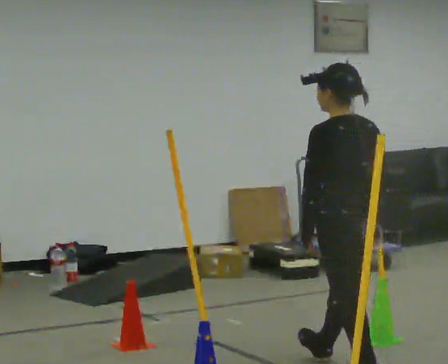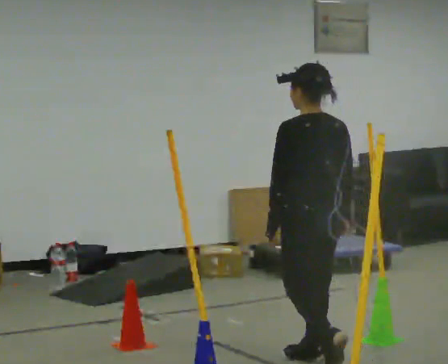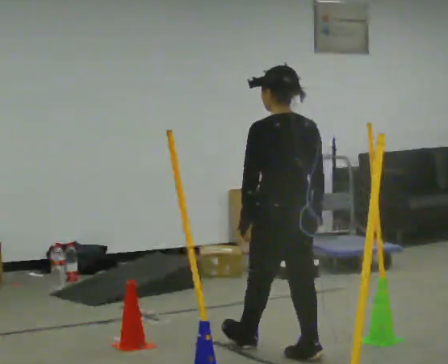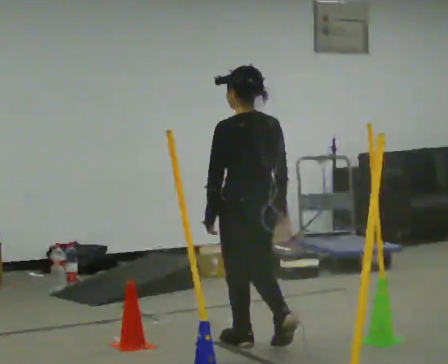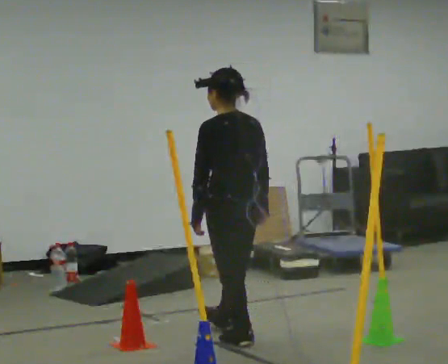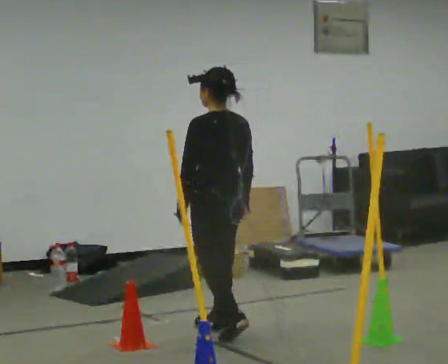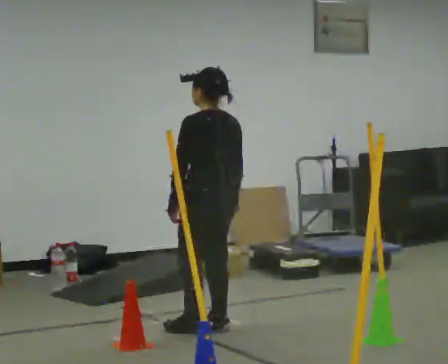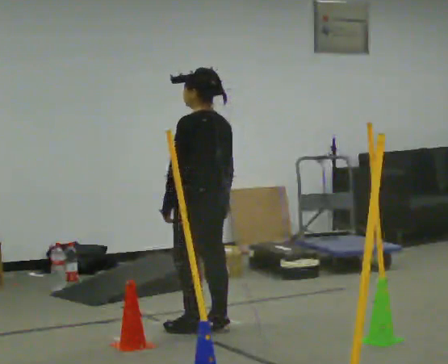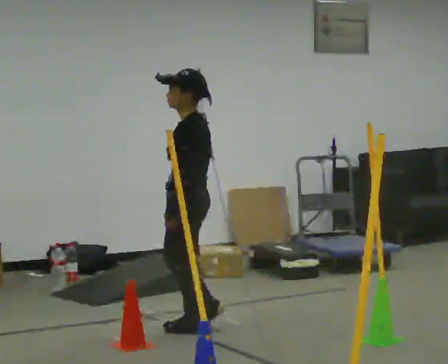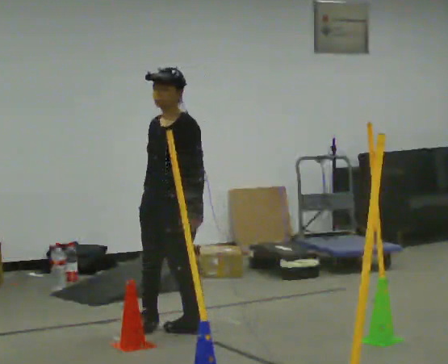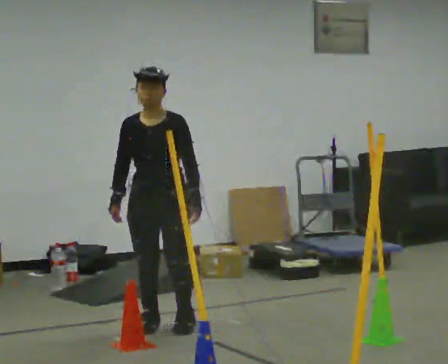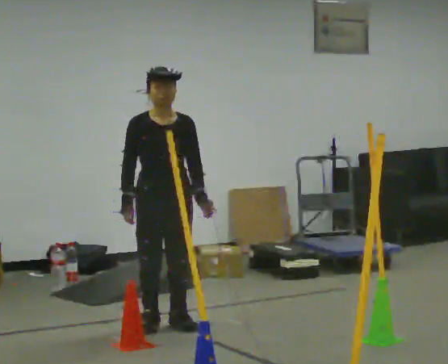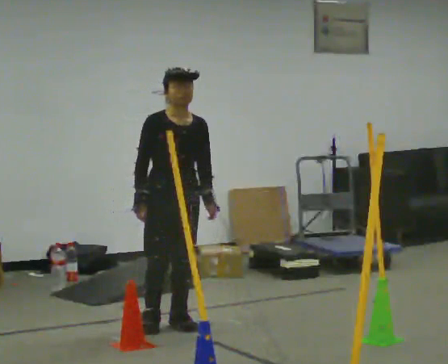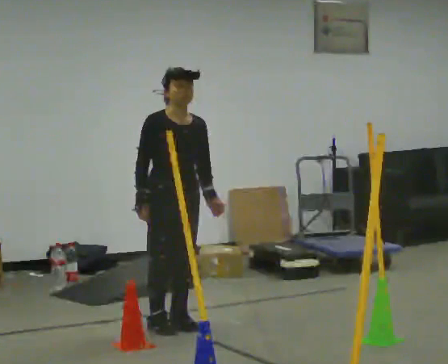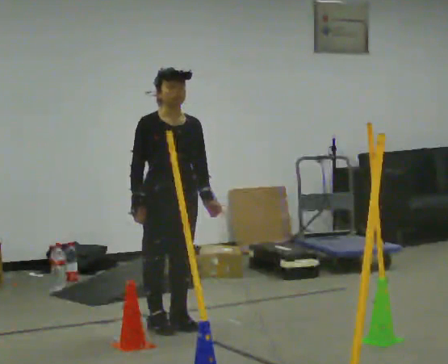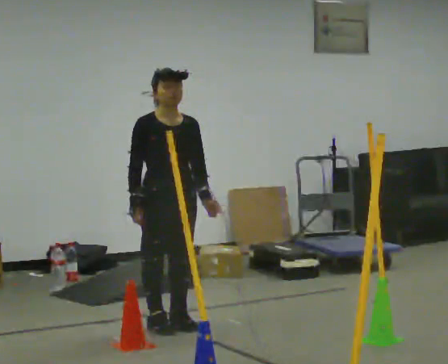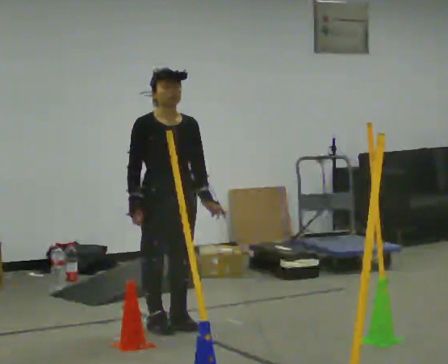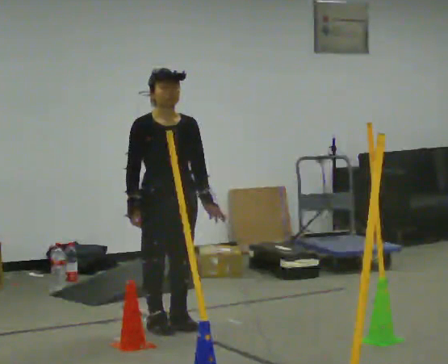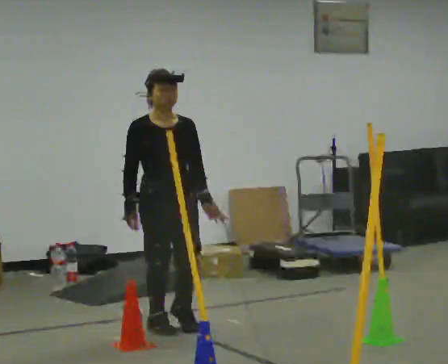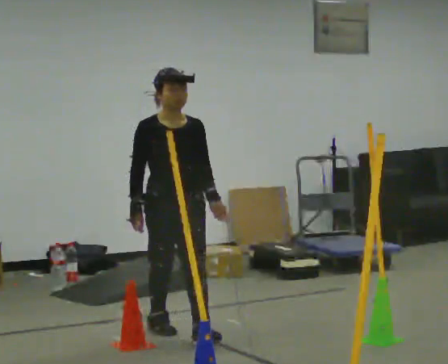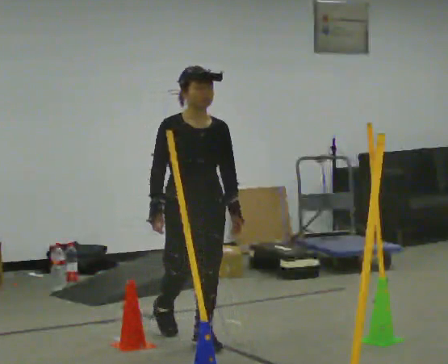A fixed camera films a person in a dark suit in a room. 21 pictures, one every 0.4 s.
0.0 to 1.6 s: In the picture they go away from the camera and to the left, about 1 m in 3 steps, which for them is forward.
1.6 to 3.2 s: Seen from above the body turns counterclockwise, about 45 degrees: to their left, with its near side sliding to the right. In the picture they go away from the camera and to the left, about 0.25 m in 1 step, which for them is forward.
3.2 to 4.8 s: Seen from above the body turns counterclockwise, about 120 degrees: to their left, with its near side sliding to the right.
4.8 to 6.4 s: The person moves a little, or ends about where they began.
6.4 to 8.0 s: In the picture they go toward the camera, about 0.5 m in 1 step, which for them is forward.
The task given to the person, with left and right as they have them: Walk through passage without touching sides; continue normally after exit.
The film runs forward here.
